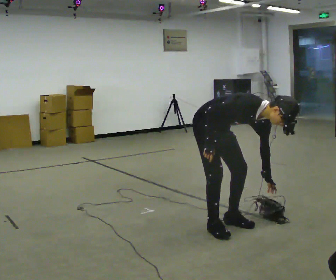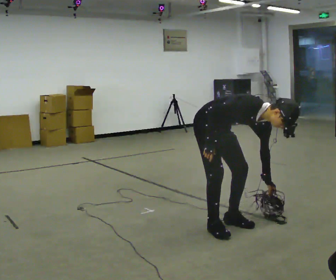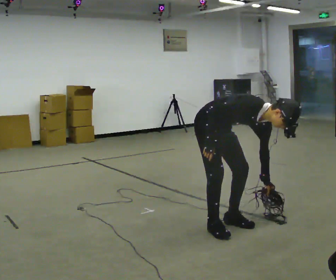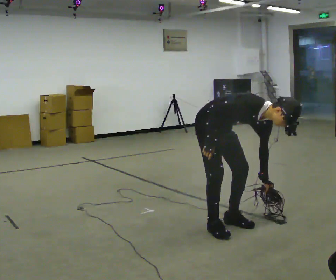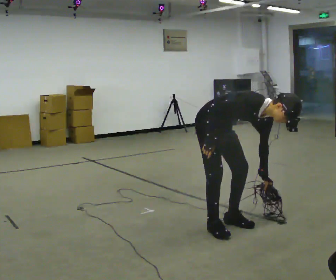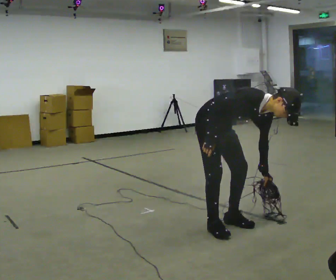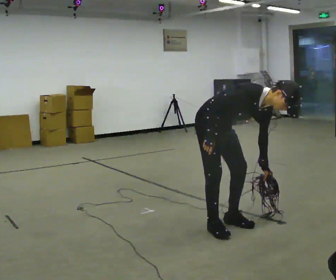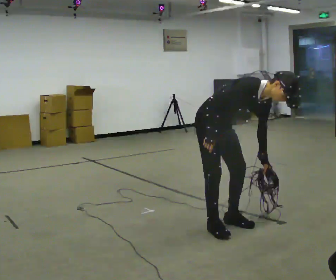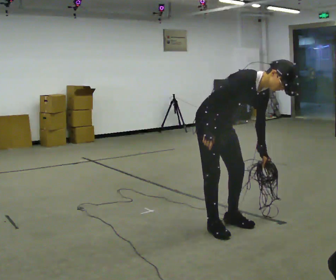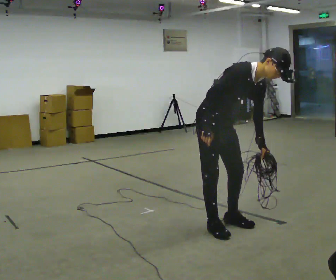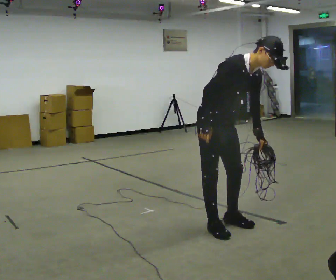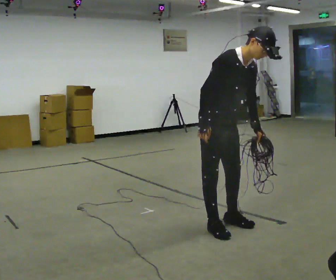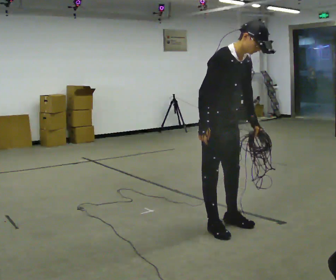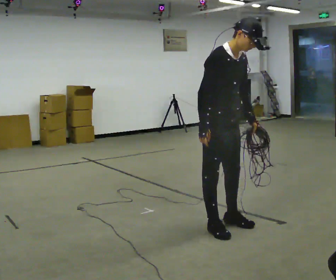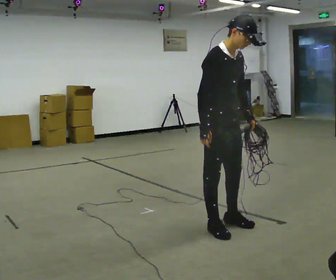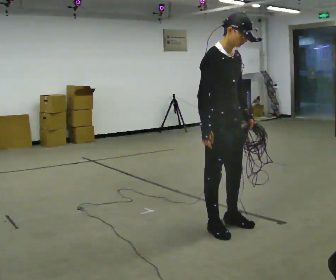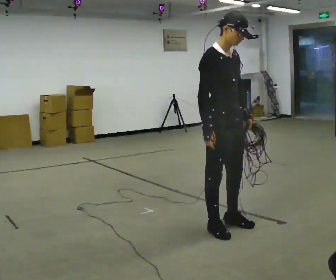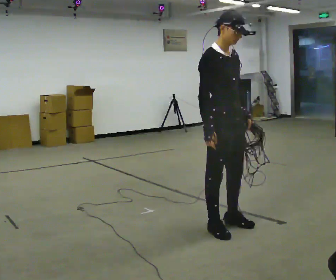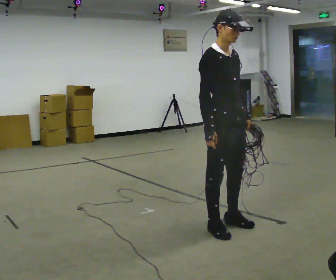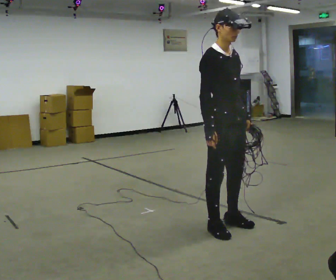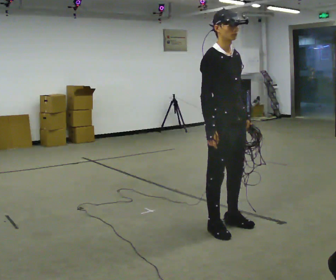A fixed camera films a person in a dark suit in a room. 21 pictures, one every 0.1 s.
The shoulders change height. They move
upward.
The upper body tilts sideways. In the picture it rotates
counterclockwise.
0.0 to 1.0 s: The shoulders move upward. In the picture the upper body tilts counterclockwise, shoulders to the left, as they lean back or straighten.
1.0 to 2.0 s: In the picture the upper body tilts counterclockwise, shoulders to the left, as they lean back or straighten.
The film runs backward here.
